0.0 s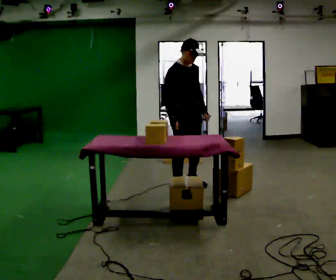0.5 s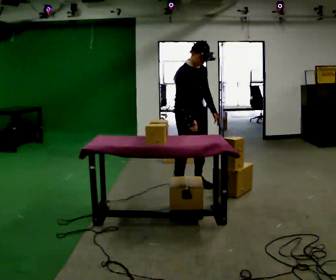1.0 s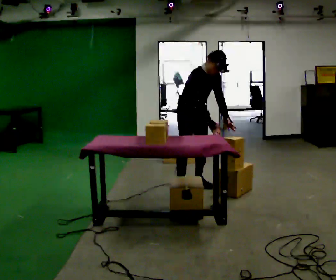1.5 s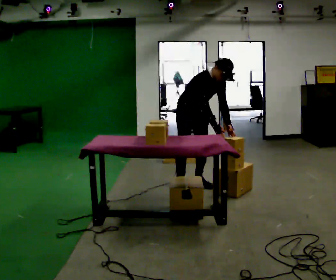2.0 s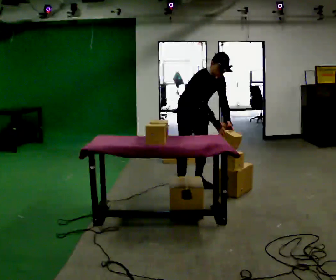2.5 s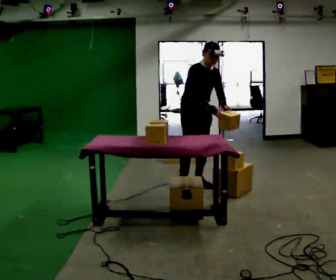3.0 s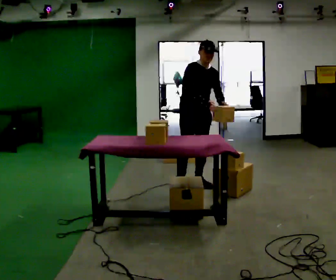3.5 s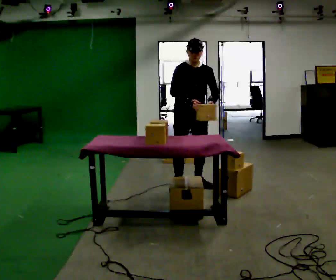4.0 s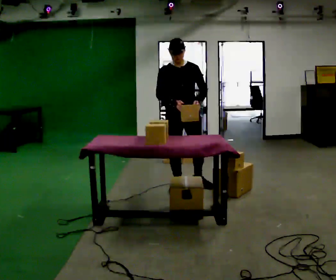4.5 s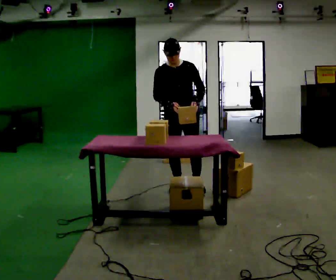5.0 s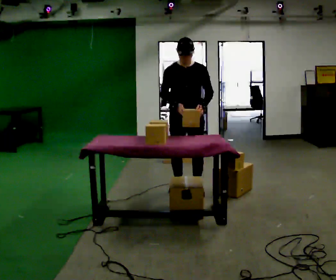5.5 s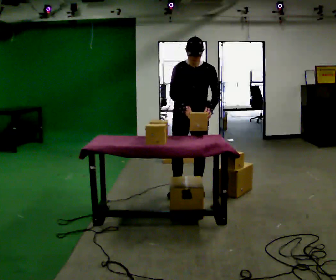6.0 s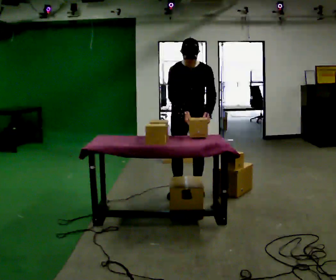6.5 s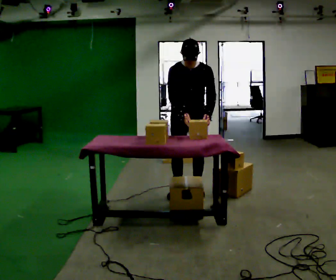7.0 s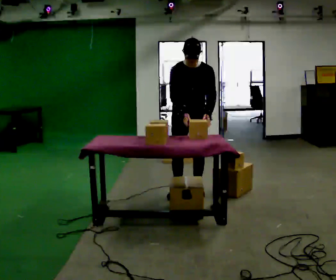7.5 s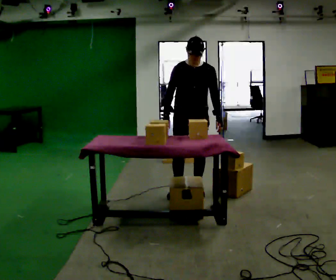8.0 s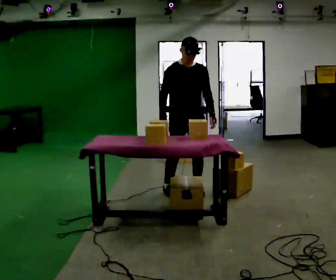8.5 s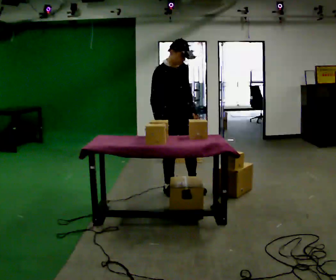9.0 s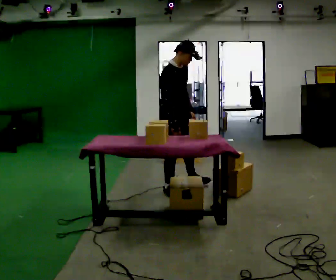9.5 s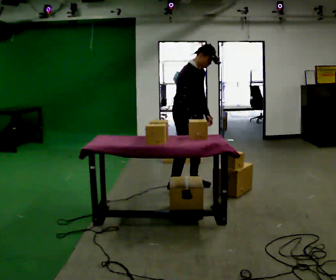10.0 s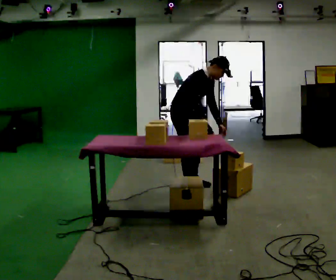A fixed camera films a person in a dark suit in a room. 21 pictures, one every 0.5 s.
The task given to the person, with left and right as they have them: 1. Take everything out of the crates by the door. 2. Put the small items on the middle shelf. 3. Put the large items on the bottom shelf. 4. Stack the empty crates by the door. 5. Tell the operator when you are finished.
0.0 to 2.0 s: In the picture they go away from the camera, about 0.25 m, which for them is to their left. In the picture the upper body tilts clockwise, shoulders to the right, as they bend forward.
2.0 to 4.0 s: The part of the body nearest the lens slides to the left as the person turns to their right by about 30 degrees. In the picture the upper body tilts counterclockwise, shoulders to the left, as they lean back or straighten. In the picture their left hand goes to the left.
4.0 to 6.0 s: In the picture they go toward the camera, about 0.25 m in 2 steps, which for them is forward.
6.0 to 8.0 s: The person moves a little, or ends about where they began.
8.0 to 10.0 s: Seen from above the body turns counterclockwise, about 45 degrees: to their left, with its near side sliding to the right. In the picture they go away from the camera, about 0.25 m in 2 steps, which for them is to their left. In the picture the upper body tilts clockwise, shoulders to the right, as they bend forward. In the picture their right hand goes to the right.
The film runs forward here.
